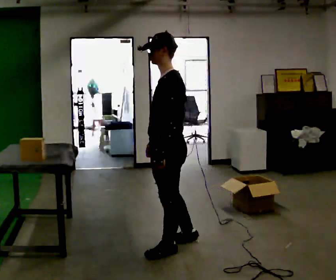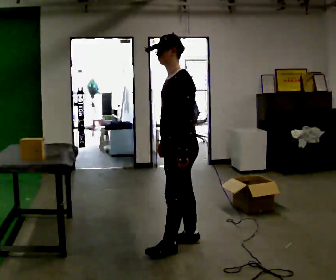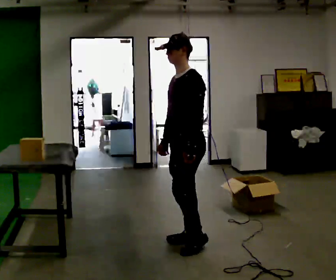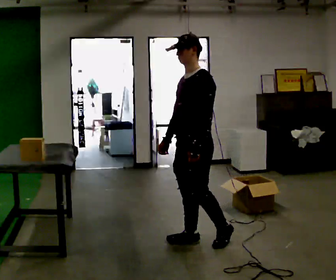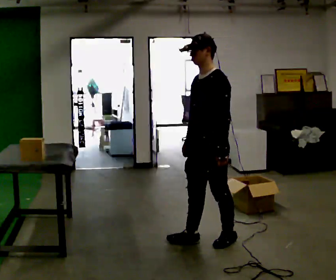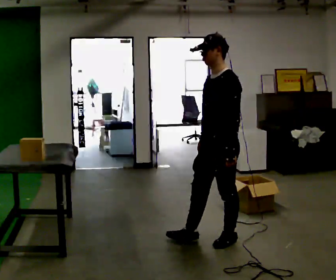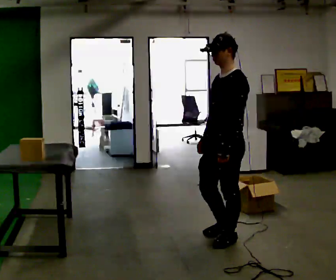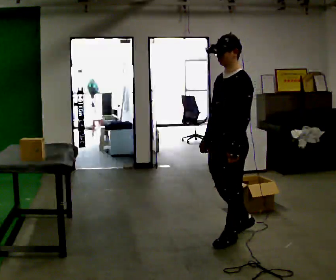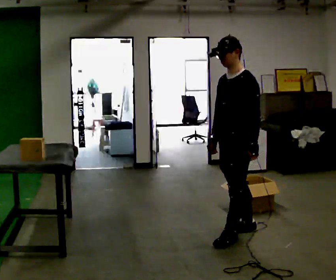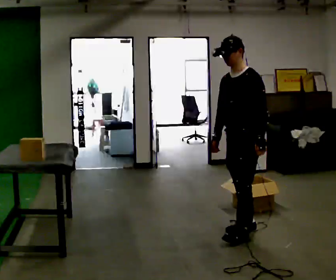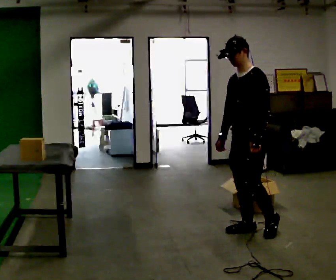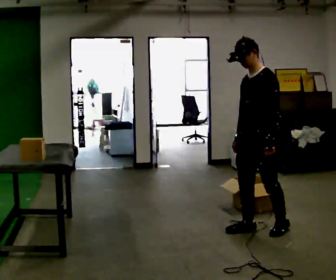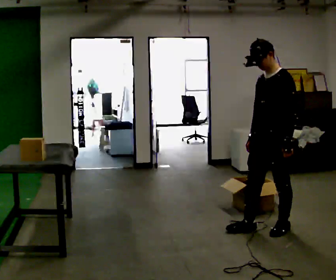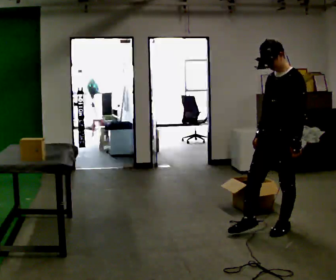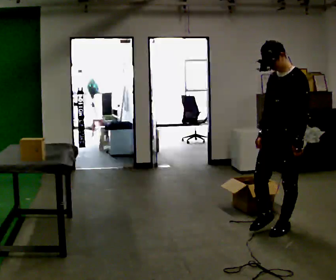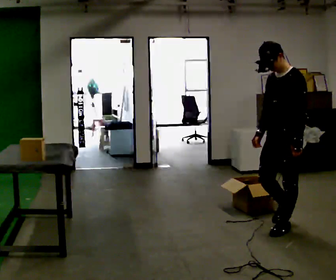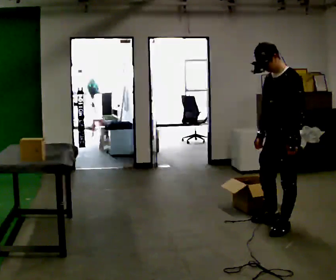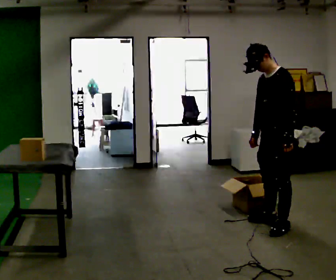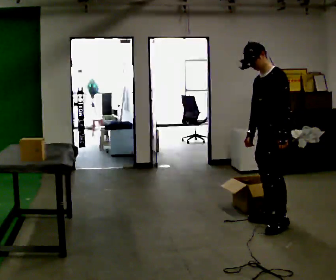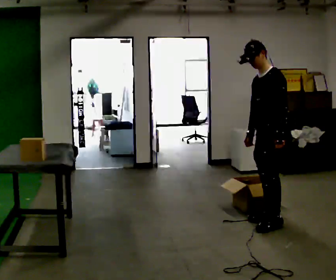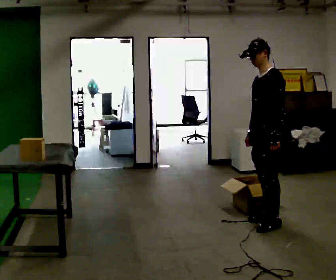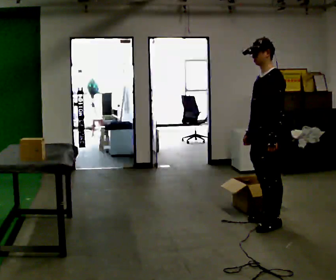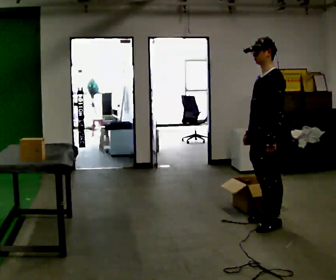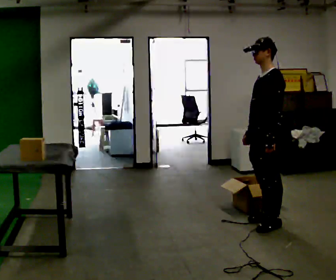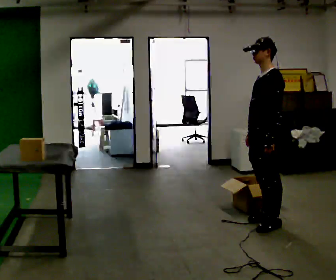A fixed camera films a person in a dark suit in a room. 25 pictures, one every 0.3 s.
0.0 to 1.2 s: In the picture they go to the right and away from the camera, about 0.25 m in 1 step, which for them is backward.
1.2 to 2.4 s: In the picture they go away from the camera and to the right, about 0.25 m in 1 step, which for them is backward.
2.4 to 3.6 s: In the picture they go to the right, about 0.25 m in 1 step, which for them is backward and to their left.
3.6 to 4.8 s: The person moves a little, or ends about where they began.
4.8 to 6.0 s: In the picture they go away from the camera, about 0.25 m, which for them is to their right.
6.0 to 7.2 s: The person moves a little, or ends about where they began.
The film runs backward here.
